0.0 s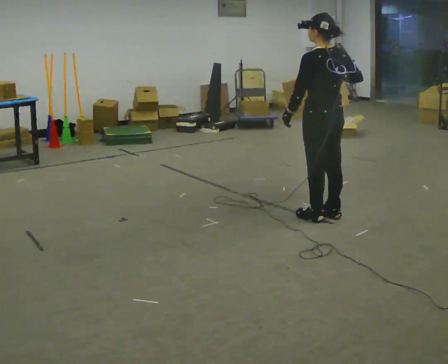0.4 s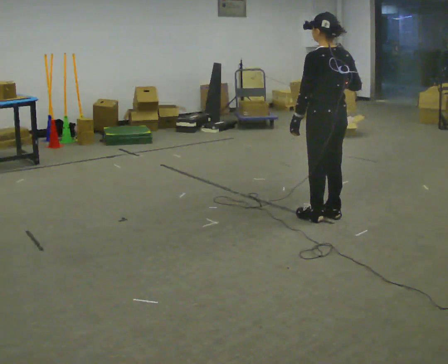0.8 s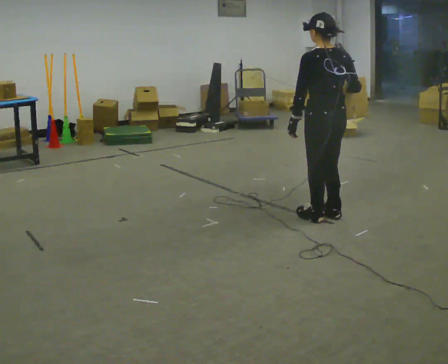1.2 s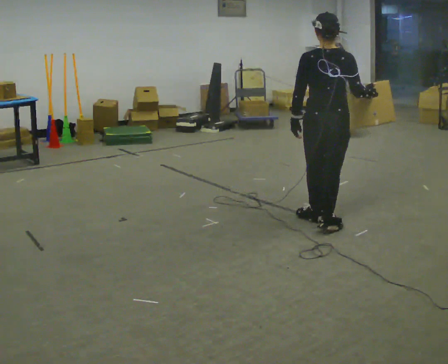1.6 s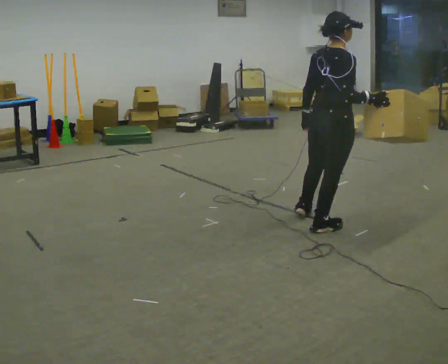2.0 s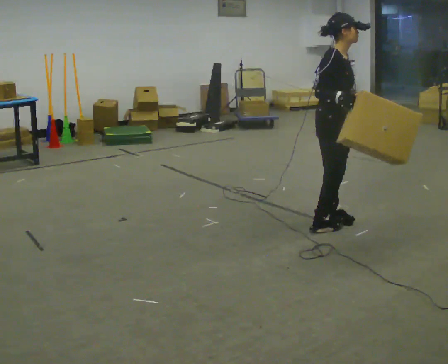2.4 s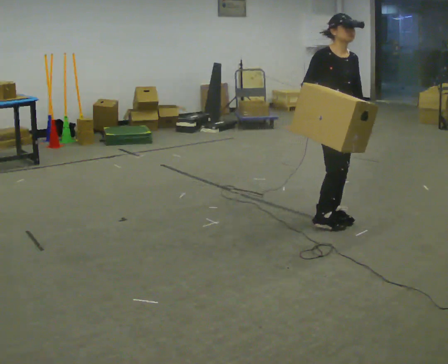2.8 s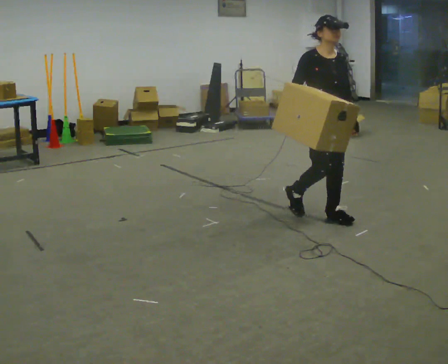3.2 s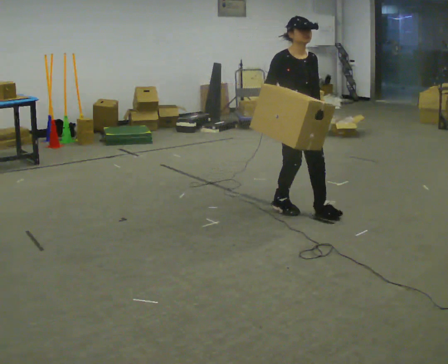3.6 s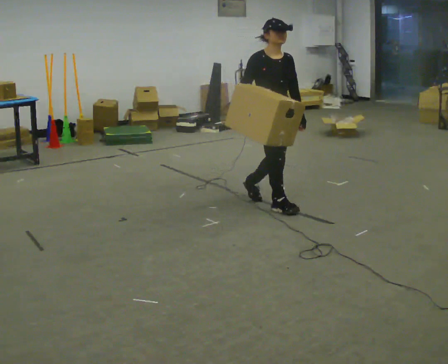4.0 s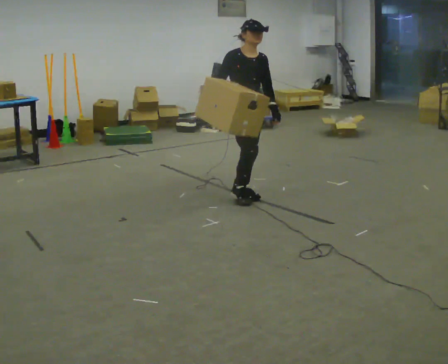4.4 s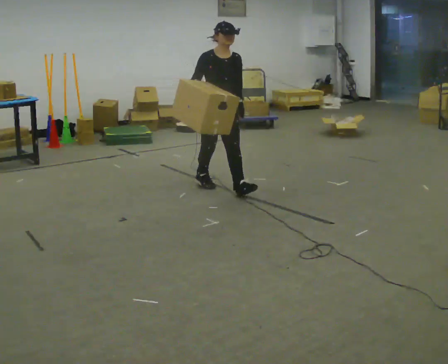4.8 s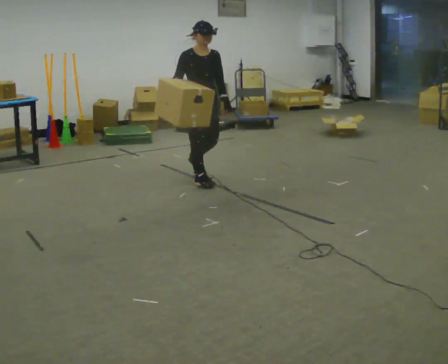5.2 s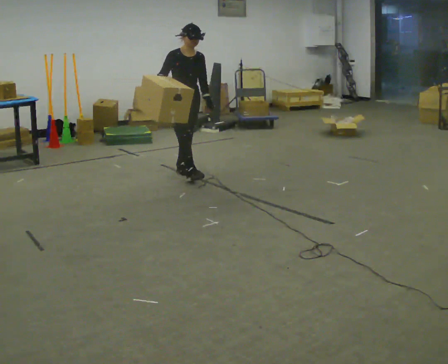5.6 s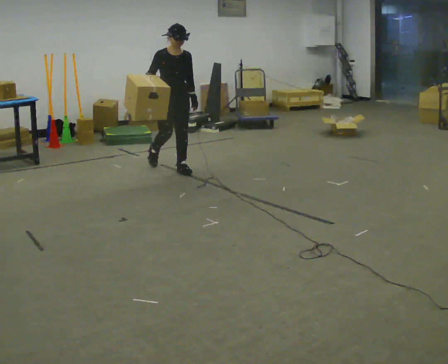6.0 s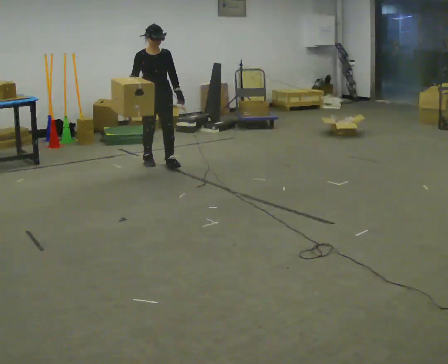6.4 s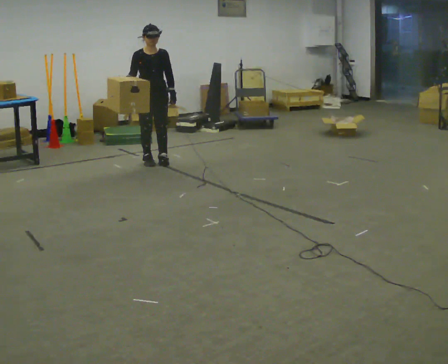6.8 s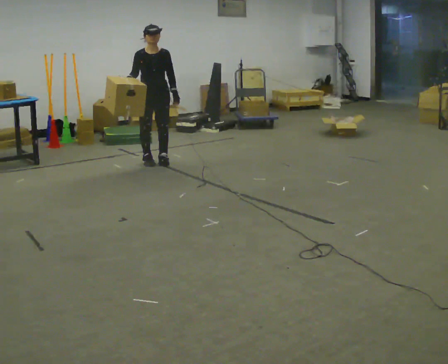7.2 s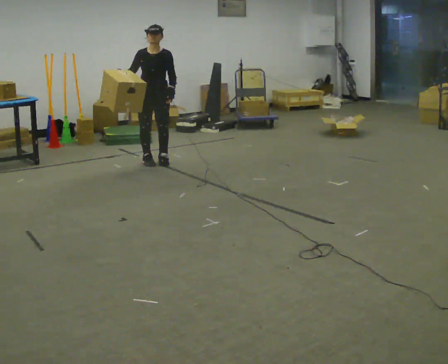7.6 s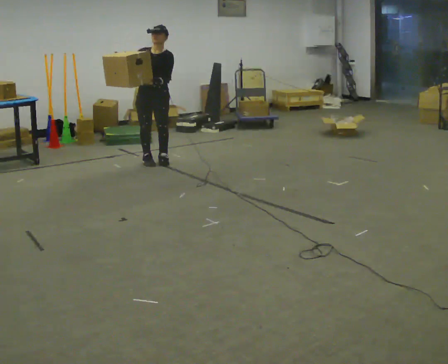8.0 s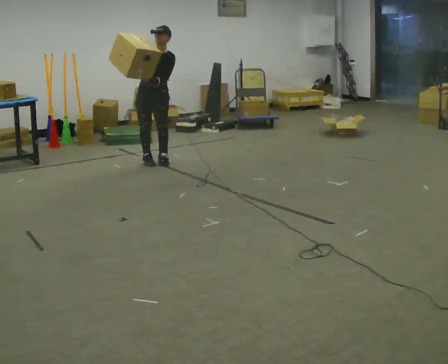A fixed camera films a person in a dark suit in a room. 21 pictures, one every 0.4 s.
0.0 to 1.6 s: The part of the body nearest the lens slides to the left as the person turns to their right by about 75 degrees. In the picture they go toward the camera, about 0.25 m in 1 step.
1.6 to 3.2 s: The part of the body nearest the lens slides to the left as the person turns to their right by about 105 degrees. In the picture they go away from the camera and to the left, about 0.5 m in 2 steps.
3.2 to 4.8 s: In the picture they go away from the camera and to the left, about 1 m in 2 steps, which for them is backward.
4.8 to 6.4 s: In the picture they go away from the camera and to the left, about 1 m in 2 steps, which for them is backward.
6.4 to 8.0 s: Seen from above the body turns clockwise, about 30 degrees: to their right, with its near side sliding to the left.
The film runs backward here.
